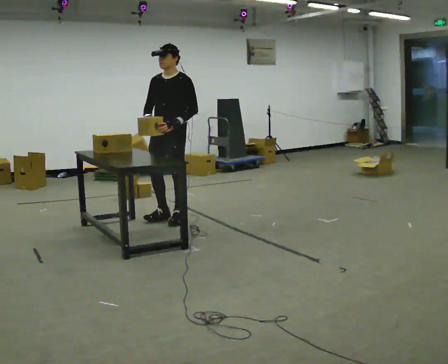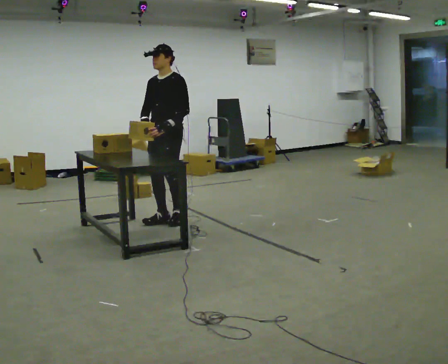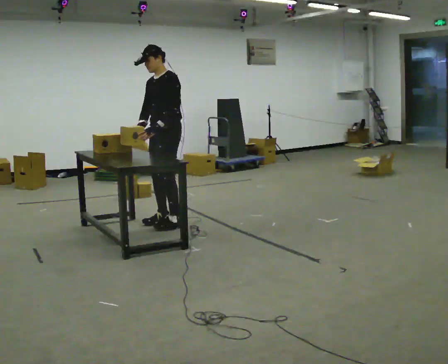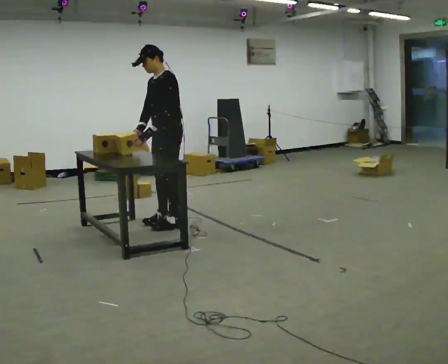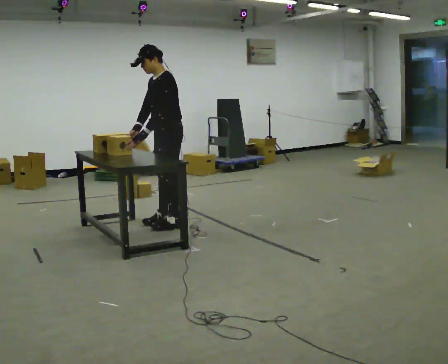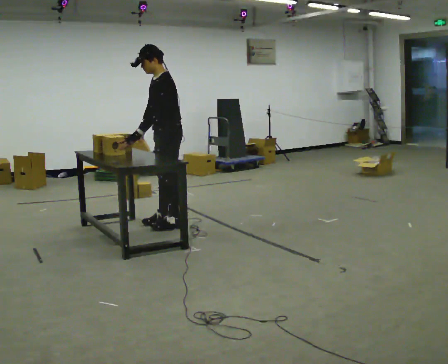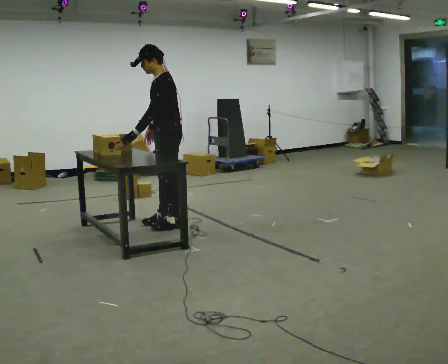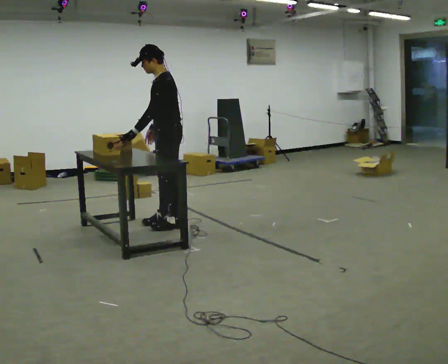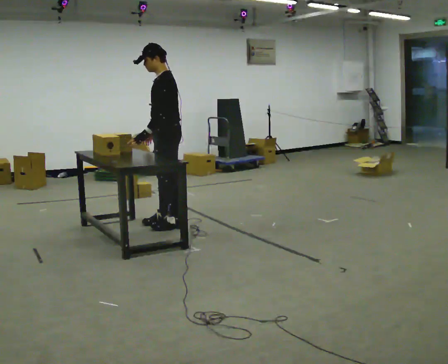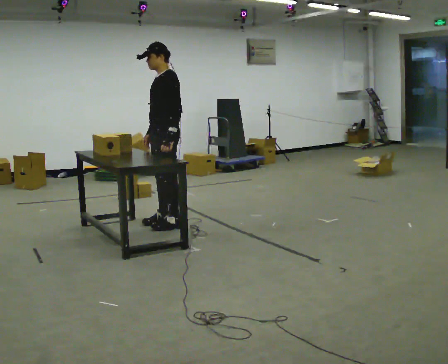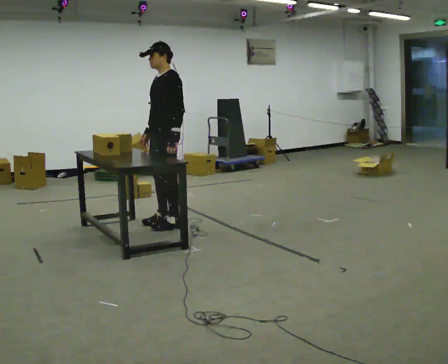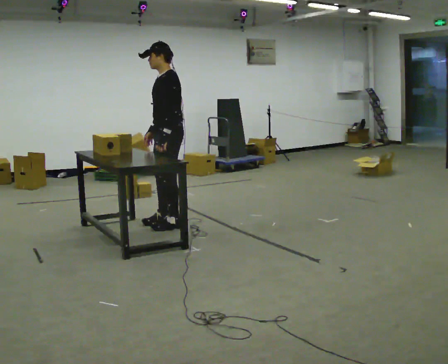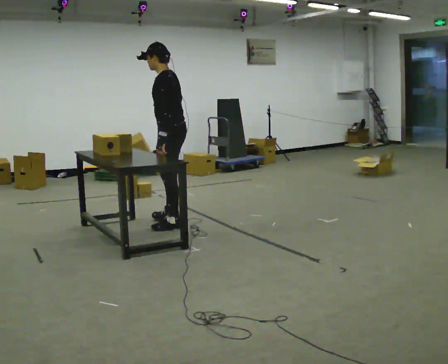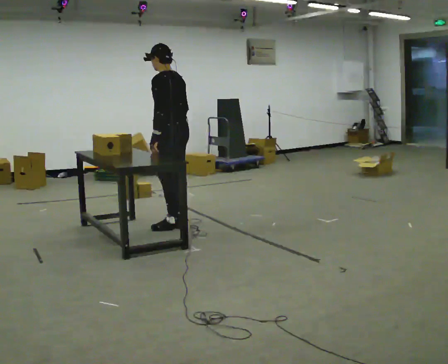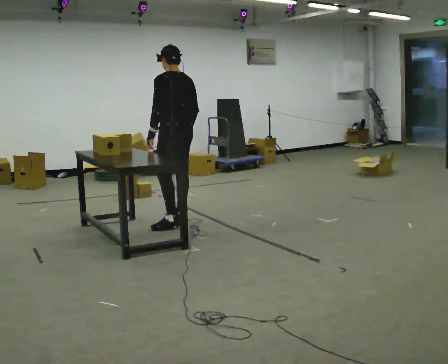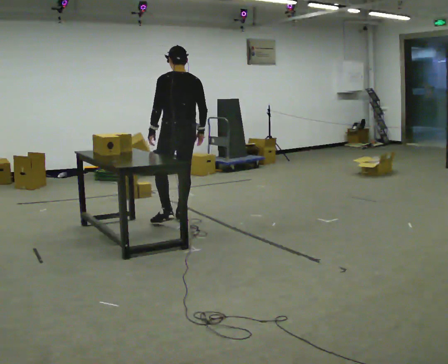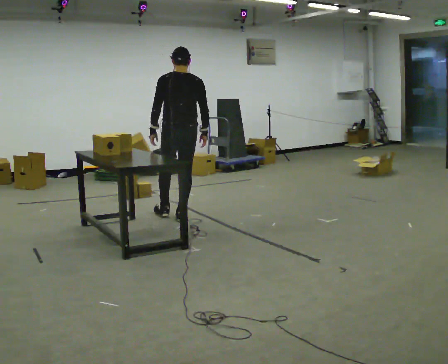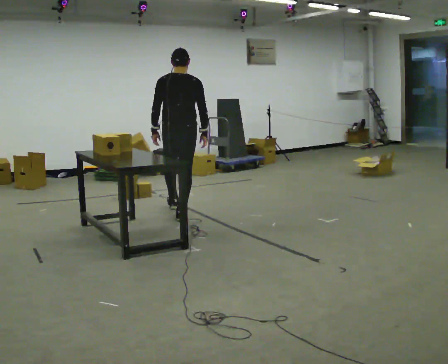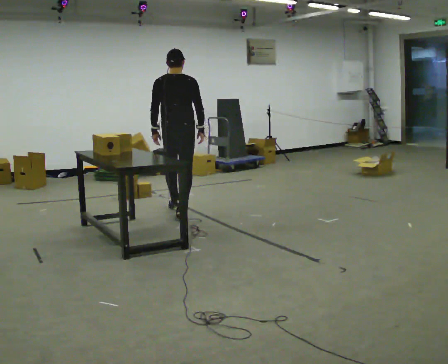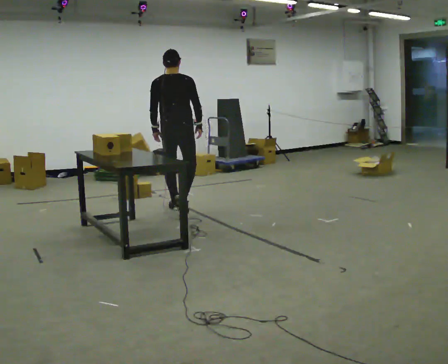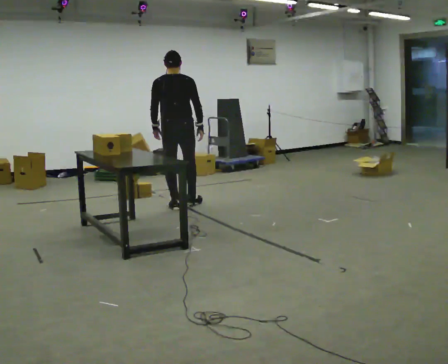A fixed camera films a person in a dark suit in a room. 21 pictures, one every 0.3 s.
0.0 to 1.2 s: The person turns about 45 degrees to their right, clockwise seen from above, so the part of the body nearest the lens slides to the left. In the picture they go toward the camera, about 0.25 m in 2 steps, which for them is to their left.
1.2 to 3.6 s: The part of the body nearest the lens slides to the left as the person turns to their right by about 30 degrees.
3.6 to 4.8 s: The part of the body nearest the lens slides to the left as the person turns to their right by about 75 degrees. In the picture they go away from the camera, about 0.25 m.
4.8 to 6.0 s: In the picture they go away from the camera, about 0.5 m in 1 step, which for them is forward.
The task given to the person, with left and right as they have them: Pick up the next box in the row and carry it to the table. The operator will not tell you how heavy each one is. Keep going until the operator says stop; one object at a time, and do not rush between trips.
The film runs forward here.
